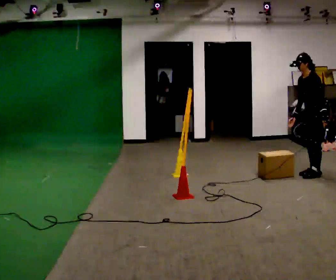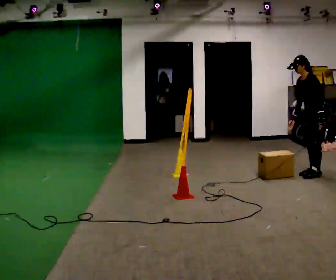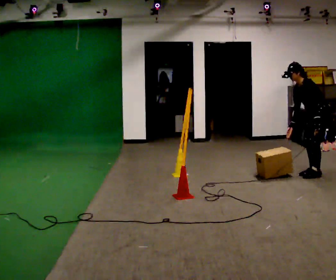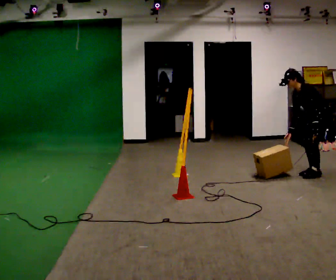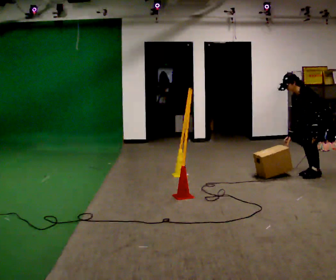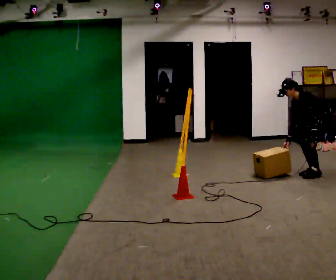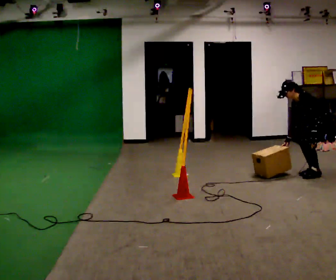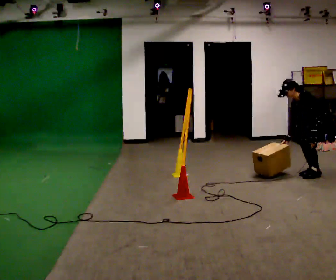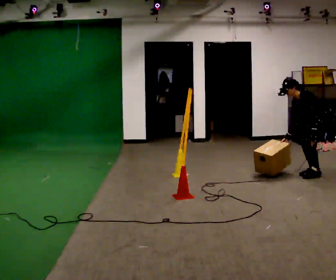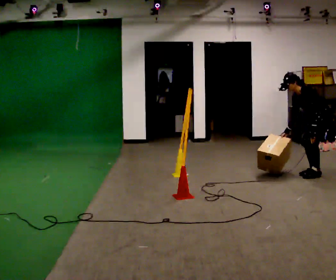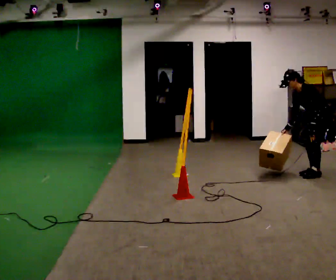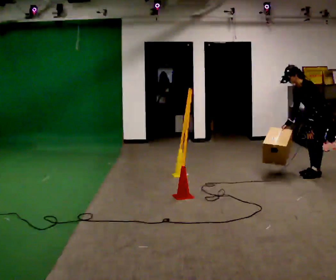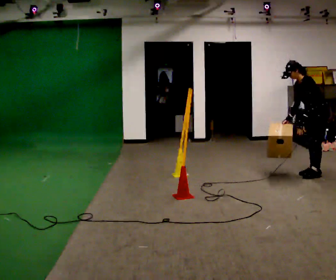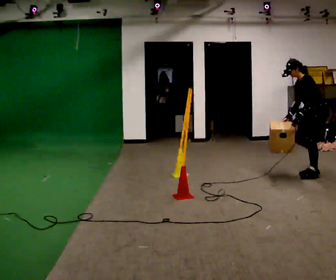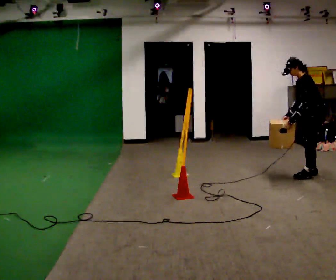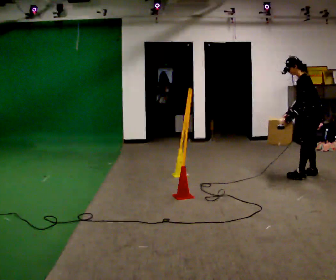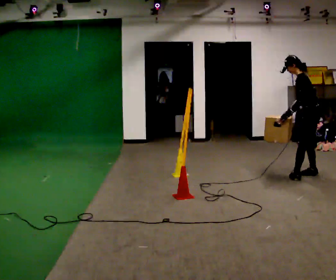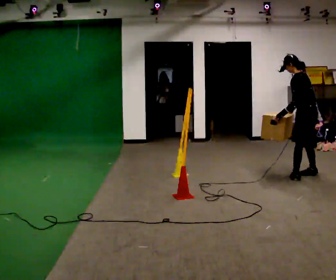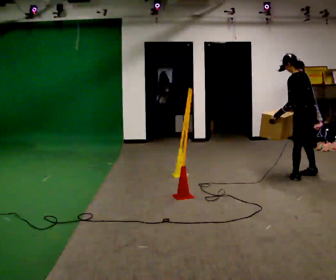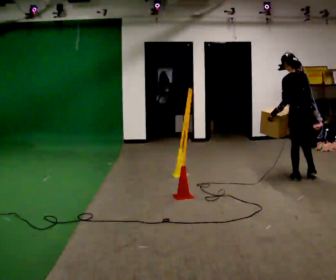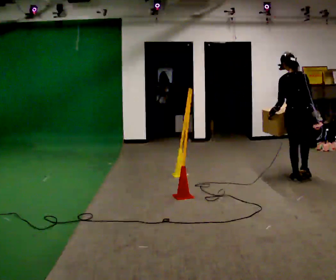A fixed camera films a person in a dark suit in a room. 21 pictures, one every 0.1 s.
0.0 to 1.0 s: In the picture the upper body tilts counterclockwise, shoulders to the left, as they bend forward.
1.0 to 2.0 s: The person turns about 105 degrees to their right, clockwise seen from above, so the part of the body nearest the lens slides to the left. In the picture they go toward the camera and to the left, about 0.5 m in 2 steps. The shoulders move upward. In the picture the upper body tilts clockwise, shoulders to the right, as they lean back or straighten.
The film runs backward here.
